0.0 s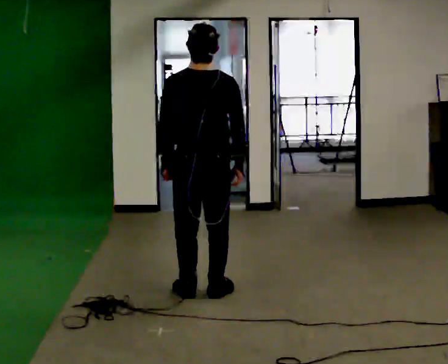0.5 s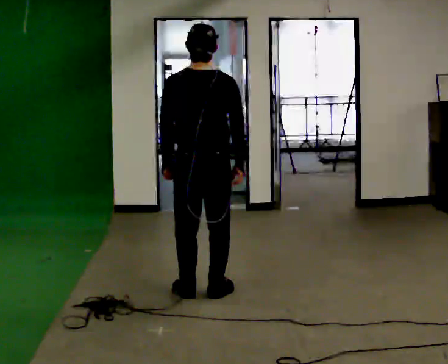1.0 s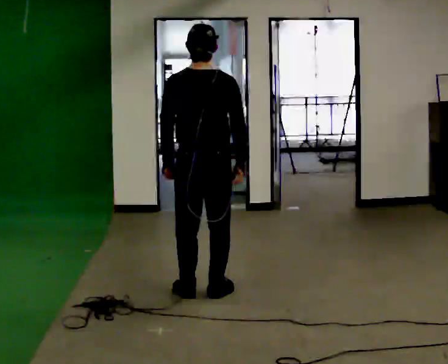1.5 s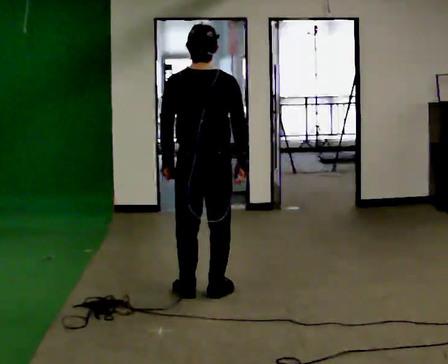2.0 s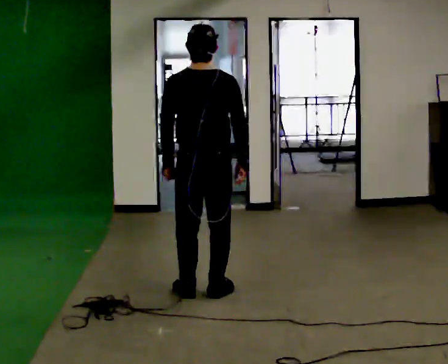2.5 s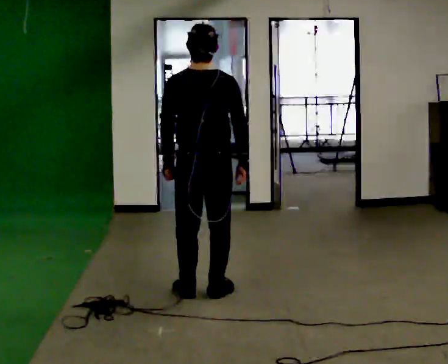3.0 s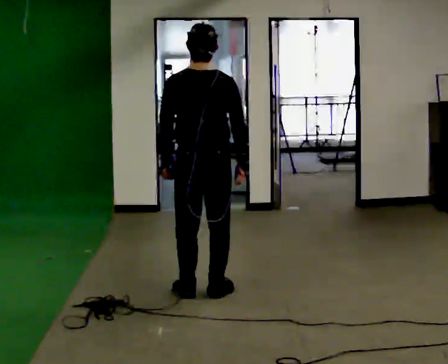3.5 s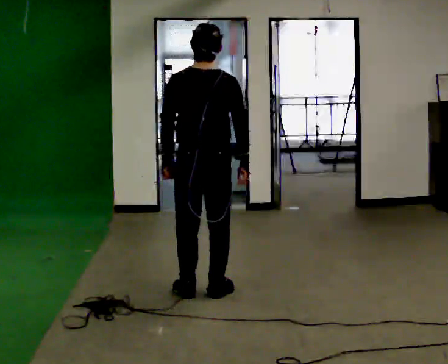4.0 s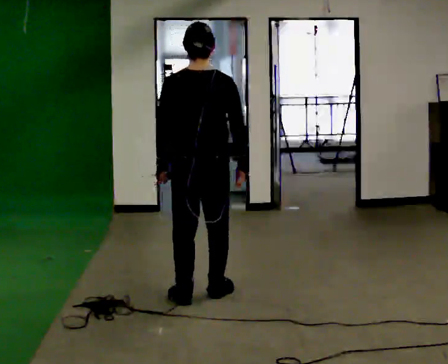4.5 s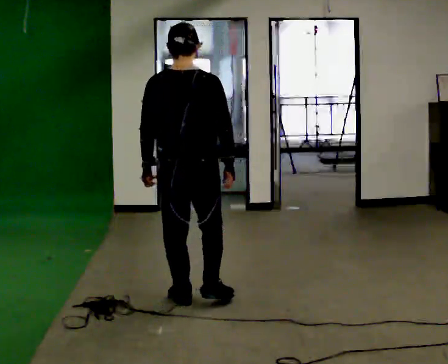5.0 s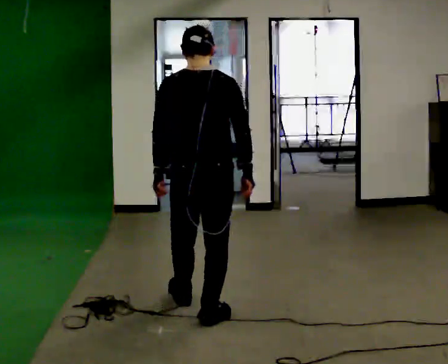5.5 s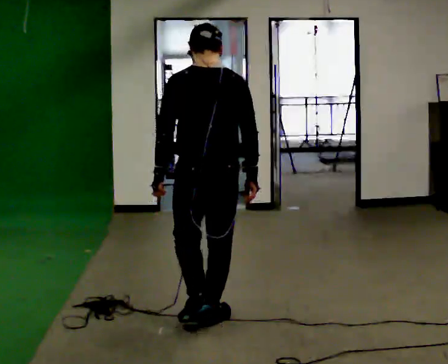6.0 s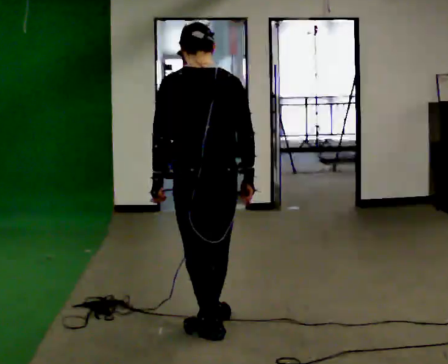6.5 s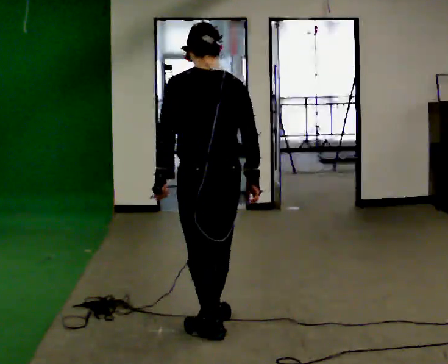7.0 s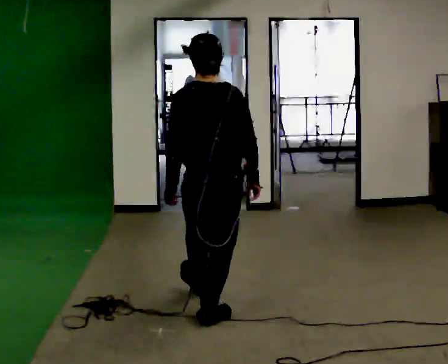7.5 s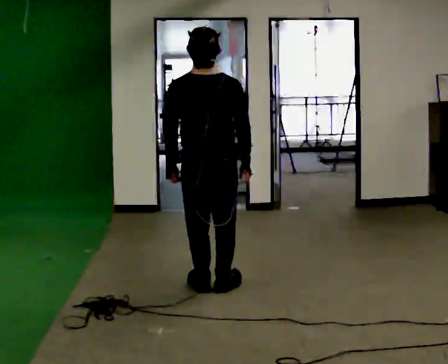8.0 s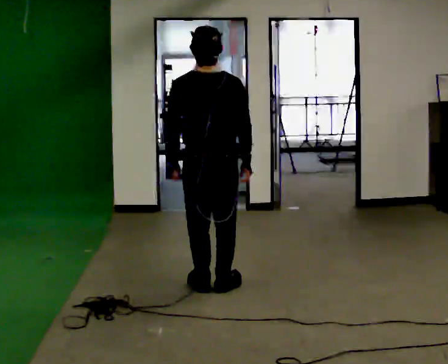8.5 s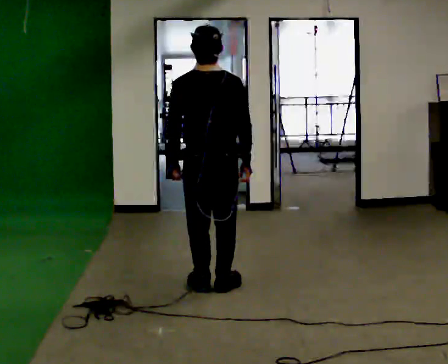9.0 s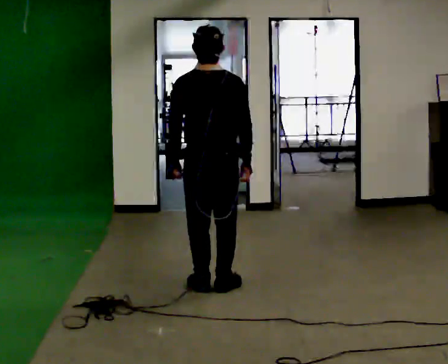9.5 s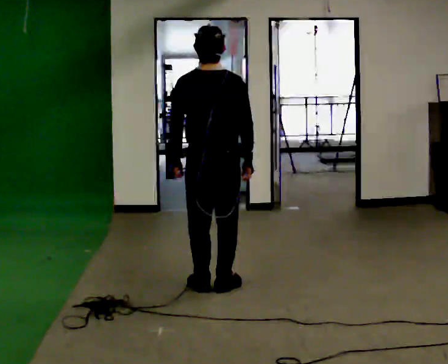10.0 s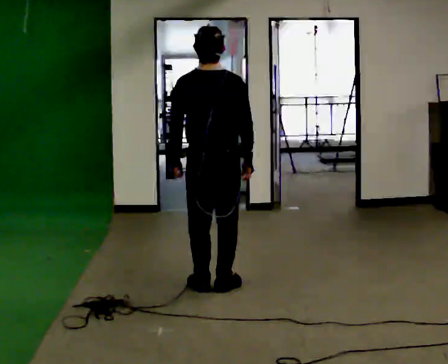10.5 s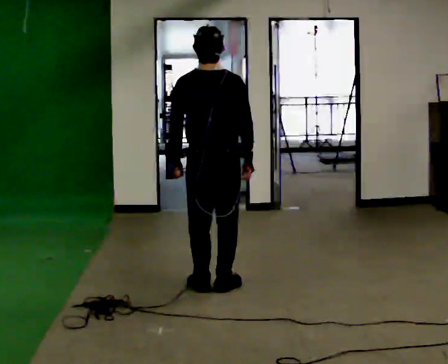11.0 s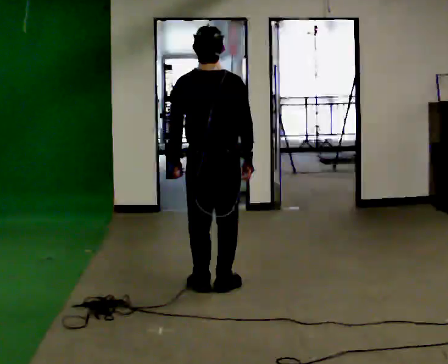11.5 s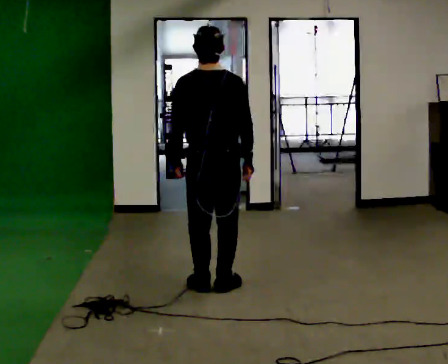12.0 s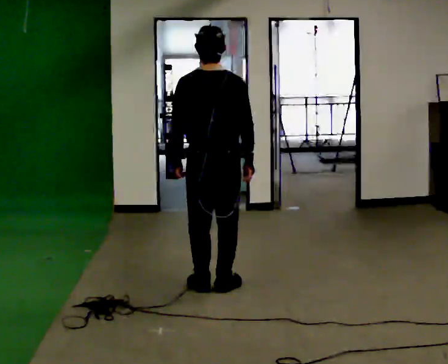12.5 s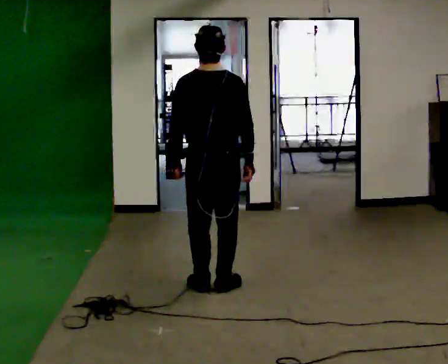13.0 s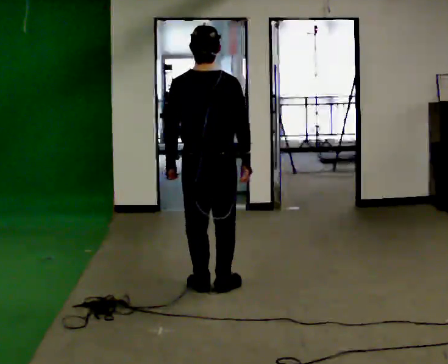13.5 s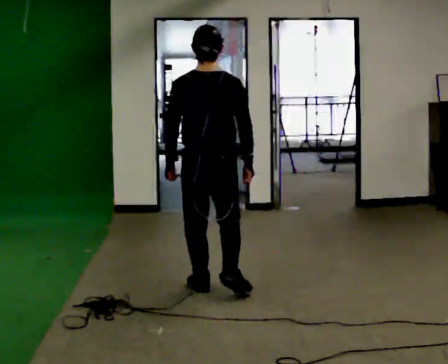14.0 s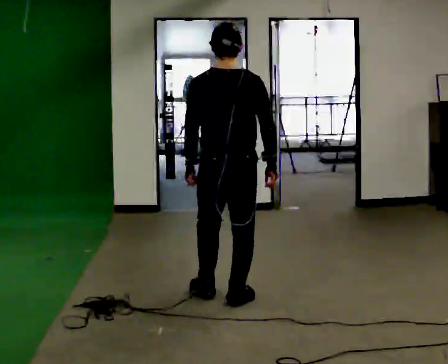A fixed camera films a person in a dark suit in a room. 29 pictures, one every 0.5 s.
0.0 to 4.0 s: The person moves a little, or ends about where they began.
4.0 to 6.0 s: In the picture they go toward the camera, about 0.75 m in 2 steps, which for them is backward.
6.0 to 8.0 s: In the picture they go away from the camera, about 1 m in 2 steps, which for them is forward.
8.0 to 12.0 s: The person moves a little, or ends about where they began.
12.0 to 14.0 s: In the picture they go toward the camera, about 0.25 m in 2 steps, which for them is backward.
The film runs backward here.
